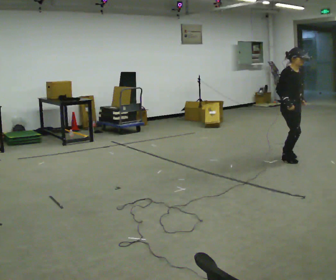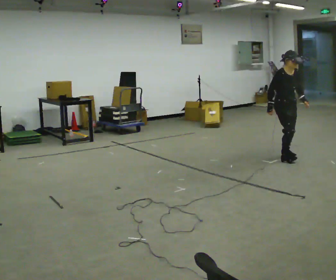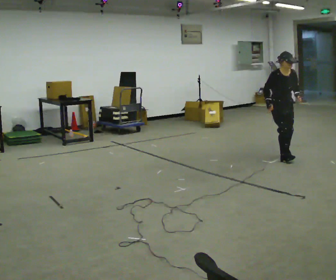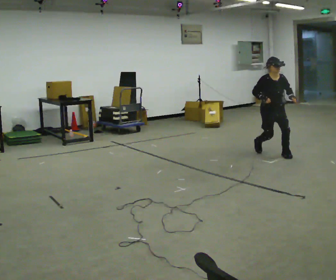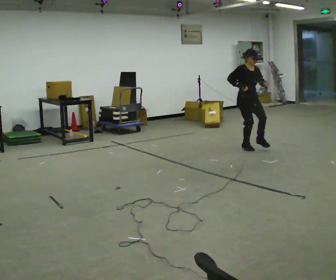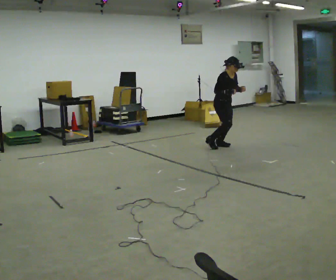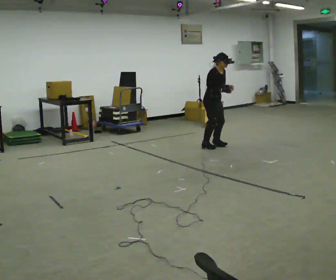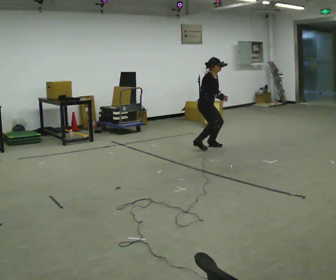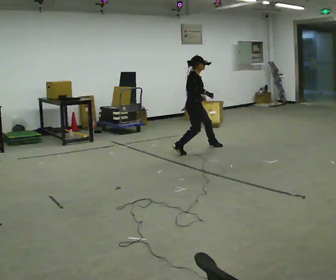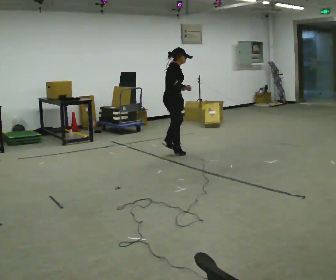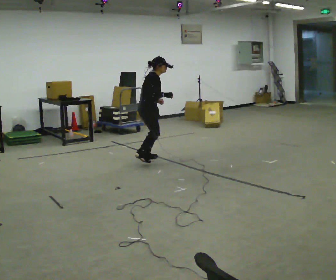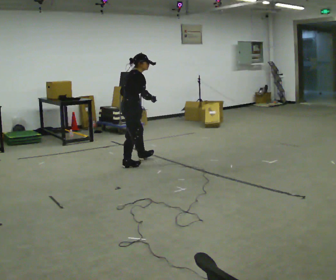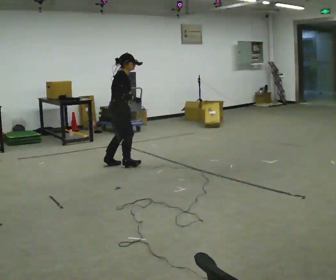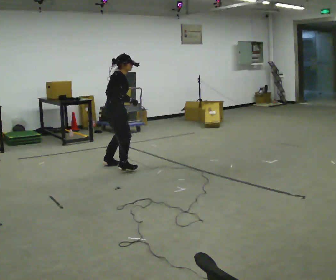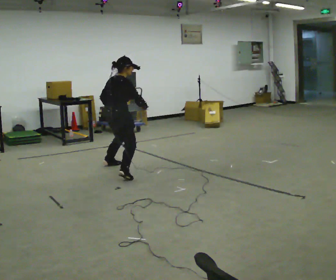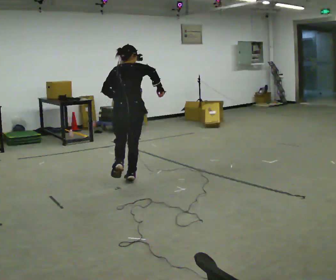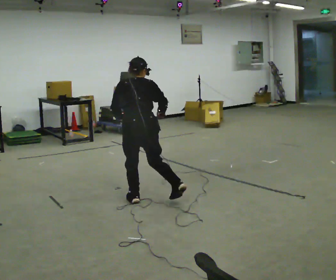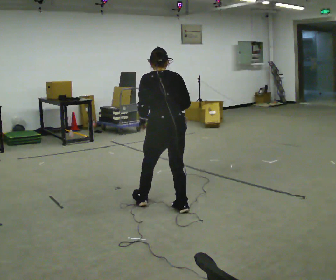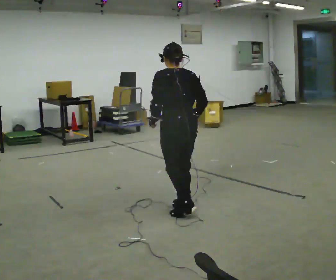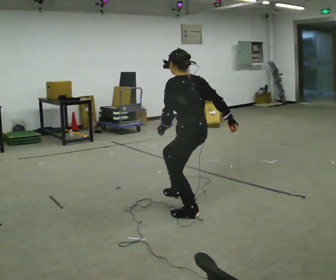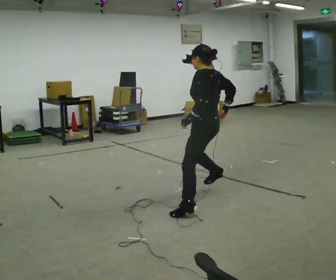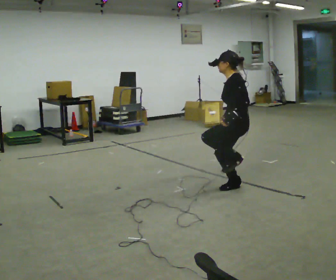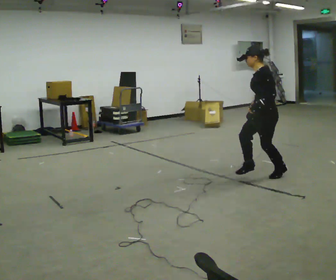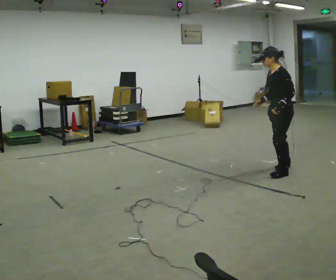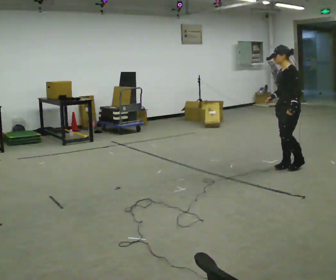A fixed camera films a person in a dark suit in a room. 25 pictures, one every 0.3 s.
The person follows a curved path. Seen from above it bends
counterclockwise.
0.0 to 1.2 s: In the picture they go away from the camera, about 1 m in 2 steps, which for them is backward.
1.2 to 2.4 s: Seen from above the body turns counterclockwise, about 45 degrees: to their left, with its near side sliding to the right. In the picture they go to the left, about 1 m in 2 steps, which for them is backward.
2.4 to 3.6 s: The part of the body nearest the lens slides to the right as the person turns to their left by about 30 degrees. In the picture they go to the left and toward the camera, about 1.5 m in 3 steps, which for them is backward.
3.6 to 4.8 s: The part of the body nearest the lens slides to the right as the person turns to their left by about 75 degrees. In the picture they go toward the camera, about 1.5 m in 2 steps. In the picture the upper body tilts counterclockwise, shoulders to the left.
4.8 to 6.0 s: Seen from above the body turns counterclockwise, about 60 degrees: to their left, with its near side sliding to the right. In the picture they go to the right, about 0.75 m in 2 steps, which for them is to their right and backward. The upper body tips toward the camera, its near side rolling downward, as they lean back or straighten.
6.0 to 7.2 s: Seen from above the body turns counterclockwise, about 30 degrees: to their left, with its near side sliding to the right. In the picture they go to the right and away from the camera, about 1.5 m in 3 steps, which for them is backward and to their right.
The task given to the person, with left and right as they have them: Move around the room freely as if avoiding someone: change speed and direction whenever you like. Keep moving until the operator says stop.
The film runs forward here.
